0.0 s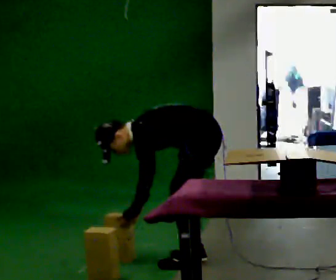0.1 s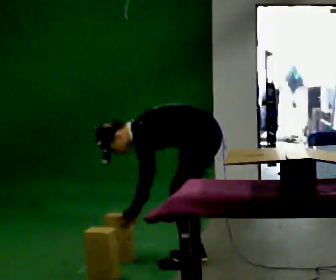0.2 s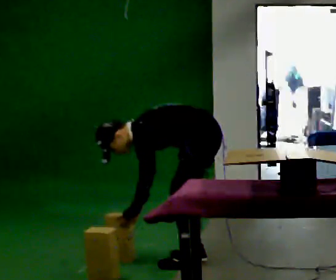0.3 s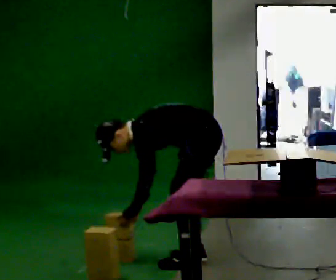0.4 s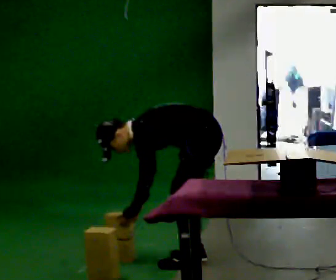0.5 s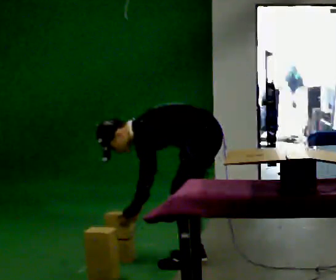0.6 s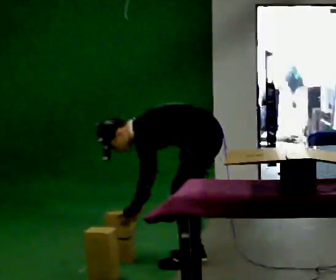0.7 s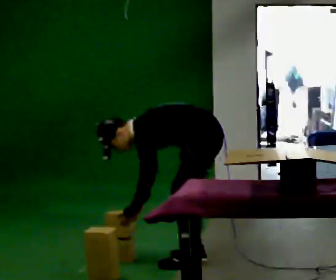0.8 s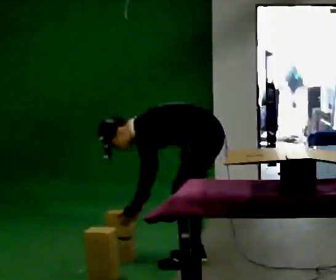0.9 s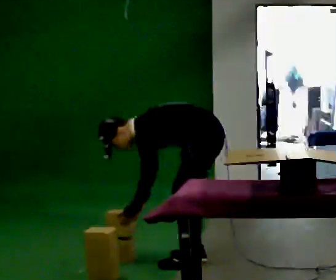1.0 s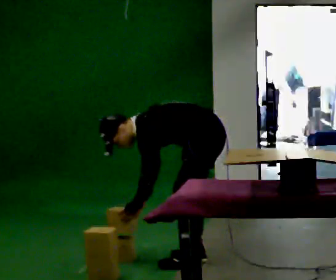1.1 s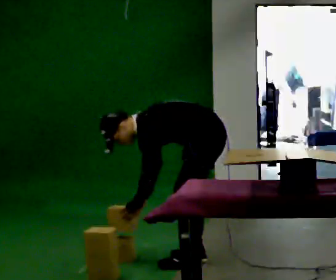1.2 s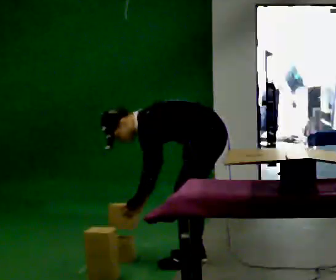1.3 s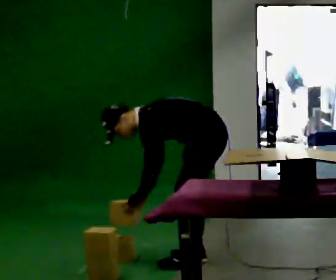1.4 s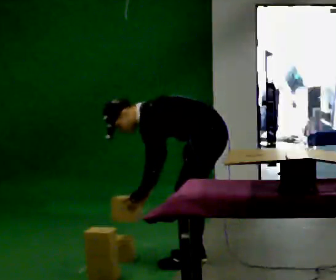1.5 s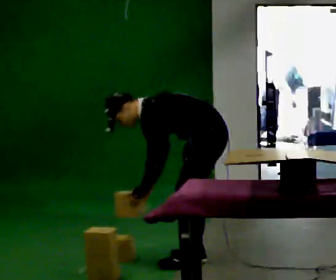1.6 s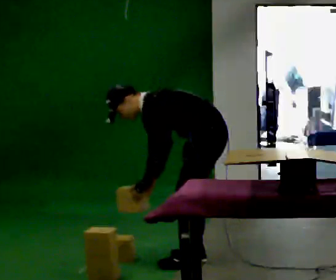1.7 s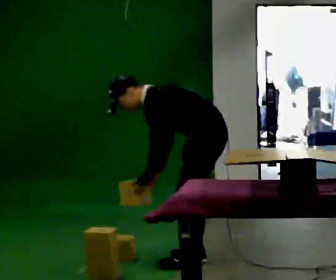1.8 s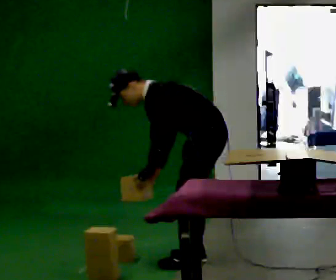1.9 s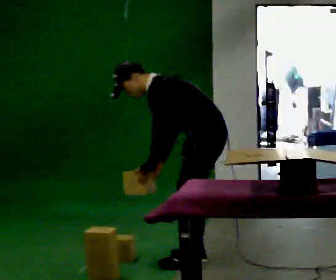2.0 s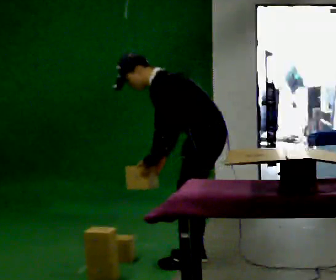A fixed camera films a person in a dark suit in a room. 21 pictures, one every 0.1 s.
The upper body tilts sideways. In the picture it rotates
clockwise.
The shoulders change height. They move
upward.
0.0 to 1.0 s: The upper body tips away from the camera, its near side rolling upward.
1.0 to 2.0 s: The upper body goes upward. In the picture the upper body tilts clockwise, shoulders to the right, as they lean back or straighten.
The film runs backward here.
